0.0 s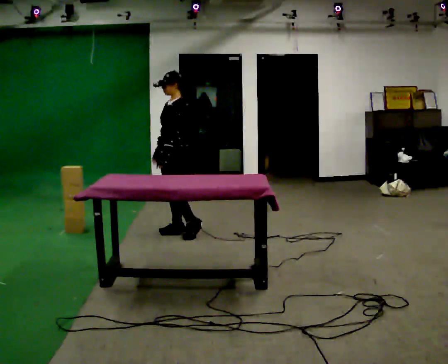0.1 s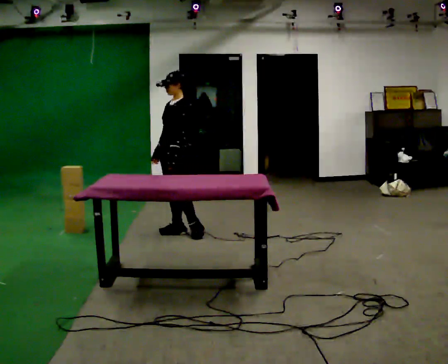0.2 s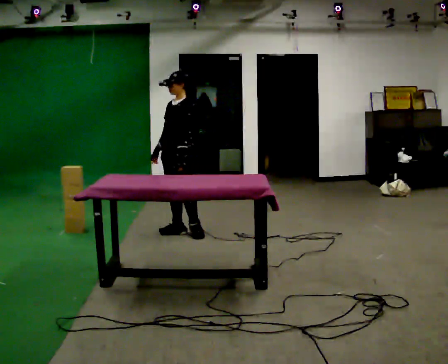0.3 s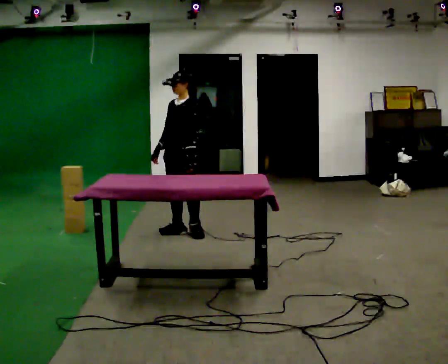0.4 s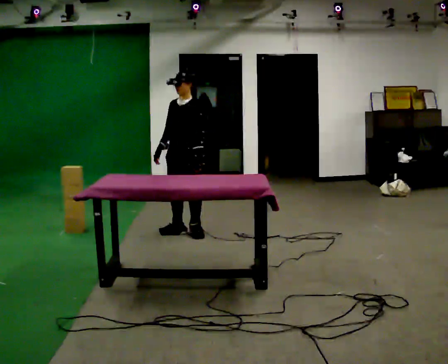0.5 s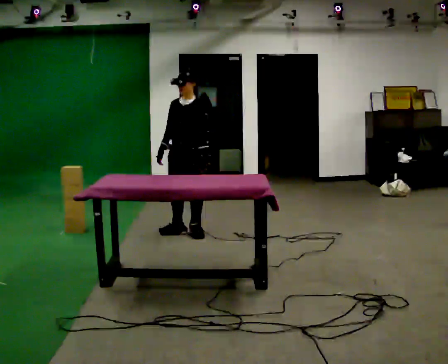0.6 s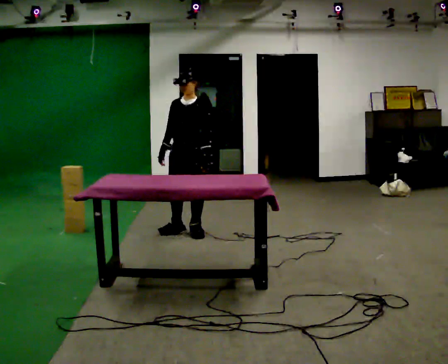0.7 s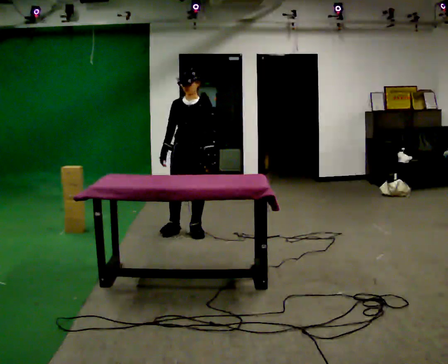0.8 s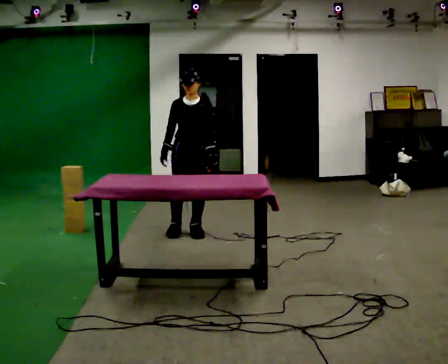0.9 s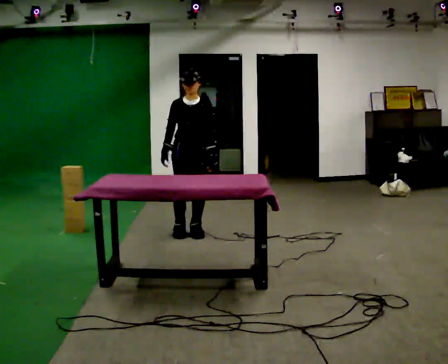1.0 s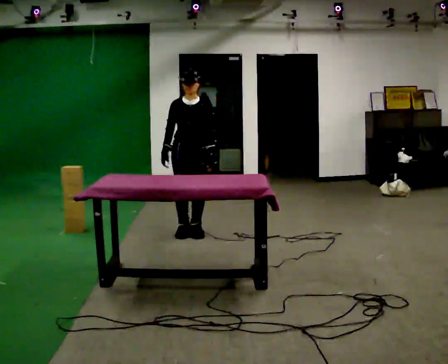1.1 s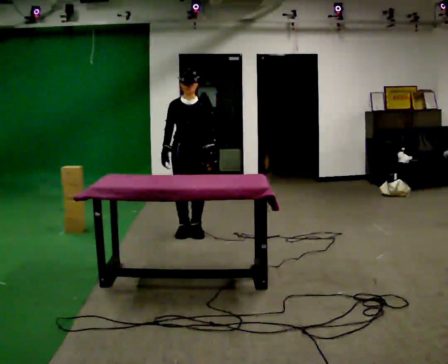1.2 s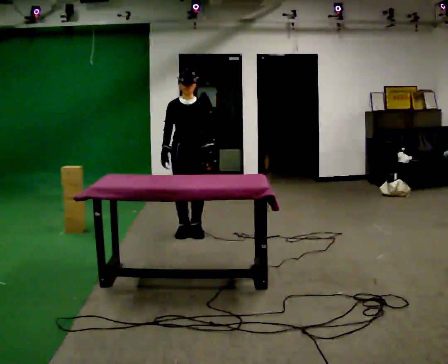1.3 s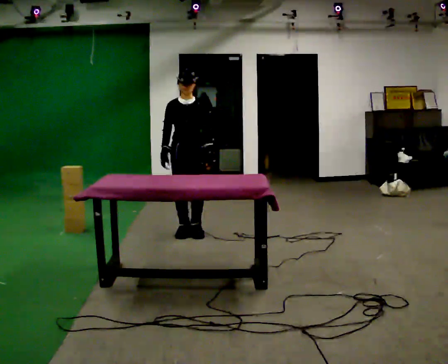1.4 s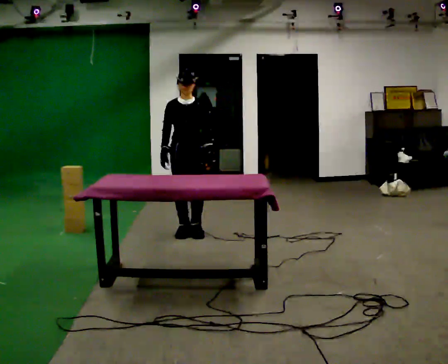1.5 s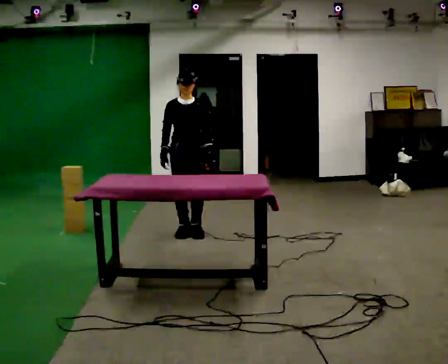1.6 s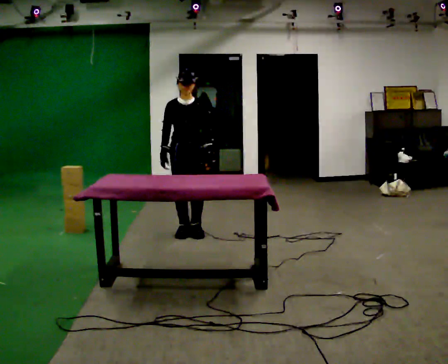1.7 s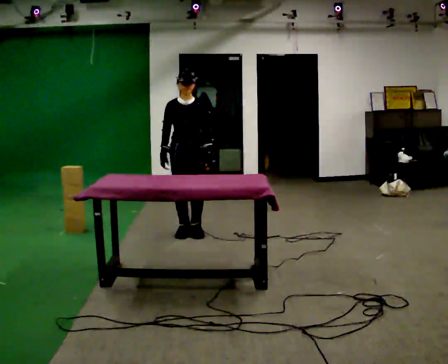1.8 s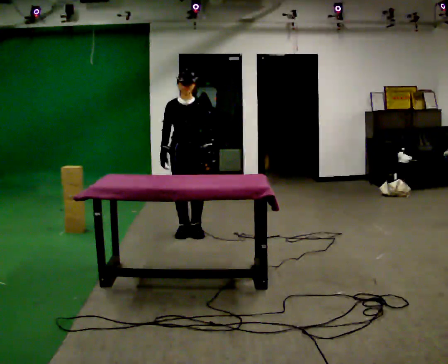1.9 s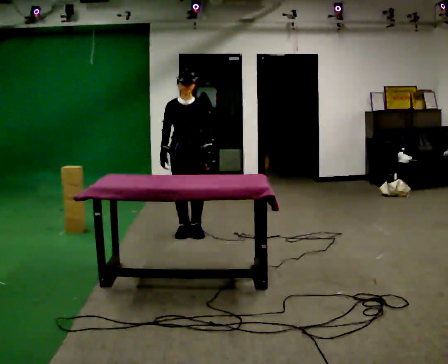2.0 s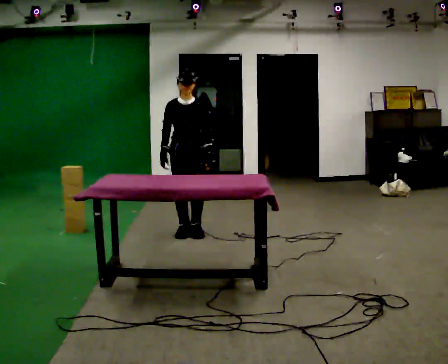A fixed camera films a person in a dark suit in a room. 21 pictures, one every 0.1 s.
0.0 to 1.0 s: The part of the body nearest the lens slides to the right as the person turns to their left by about 60 degrees. In the picture their left hand goes to the right.
1.0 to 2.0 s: The person moves a little, or ends about where they began.
The film runs backward here.
